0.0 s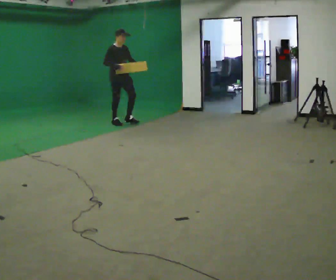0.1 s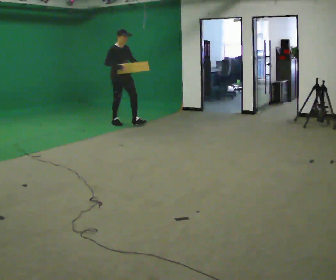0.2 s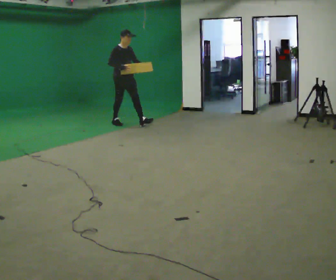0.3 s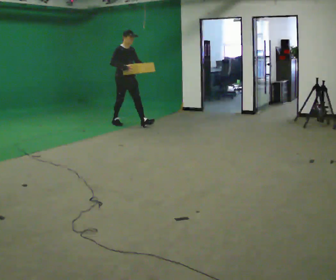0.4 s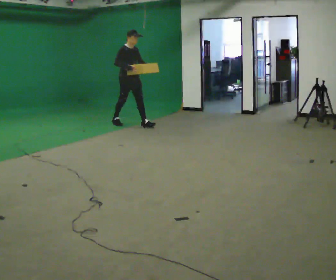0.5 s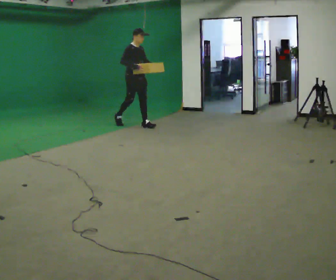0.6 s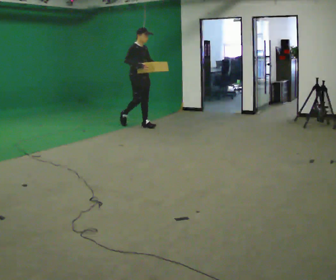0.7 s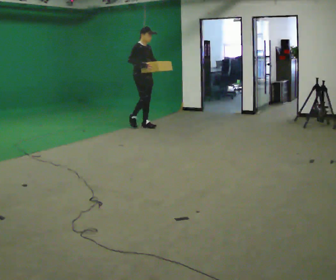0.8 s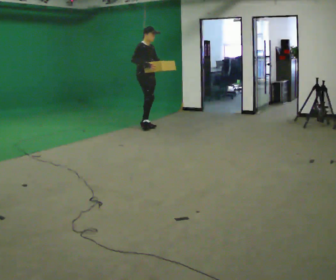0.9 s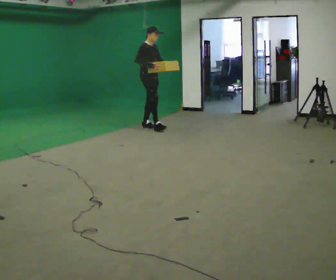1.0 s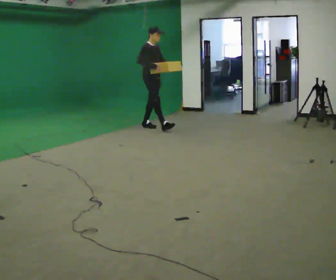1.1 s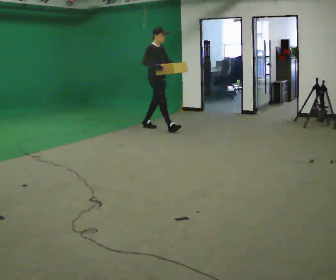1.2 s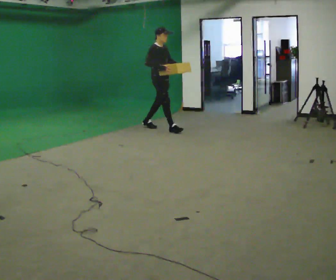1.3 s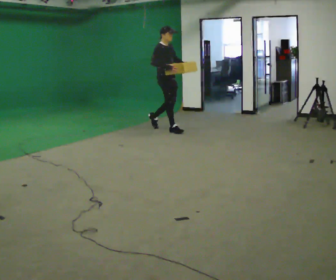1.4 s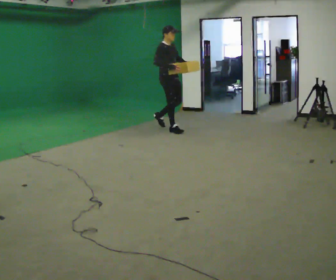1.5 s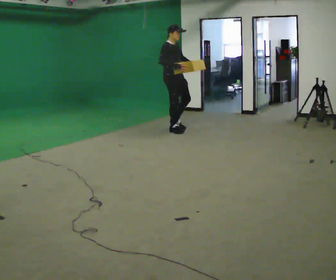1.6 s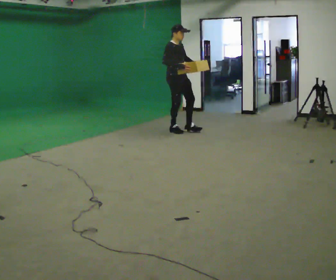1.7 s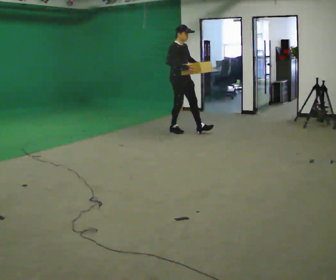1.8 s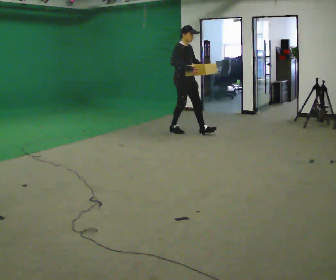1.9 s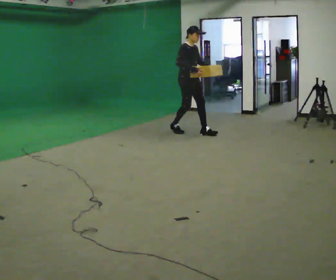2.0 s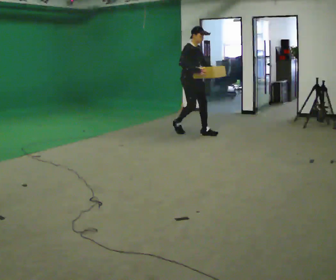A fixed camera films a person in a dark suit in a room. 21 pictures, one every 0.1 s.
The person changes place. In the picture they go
to the right.
0.0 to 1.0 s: In the picture they go to the right and toward the camera, about 0.5 m in 1 step, which for them is forward.
1.0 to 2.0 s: In the picture they go to the right and toward the camera, about 1 m in 2 steps, which for them is forward.
The film runs forward here.
